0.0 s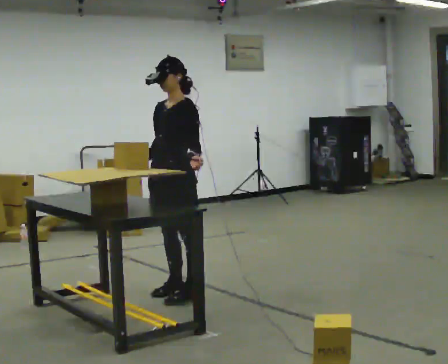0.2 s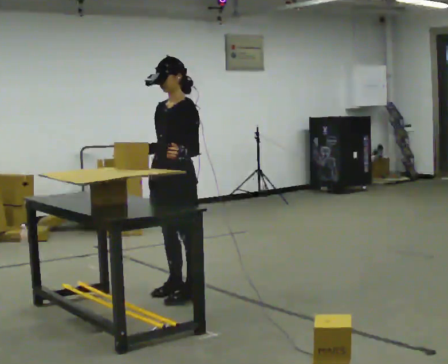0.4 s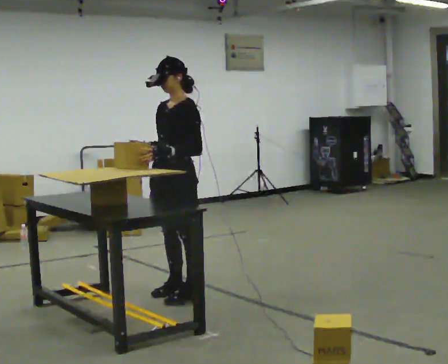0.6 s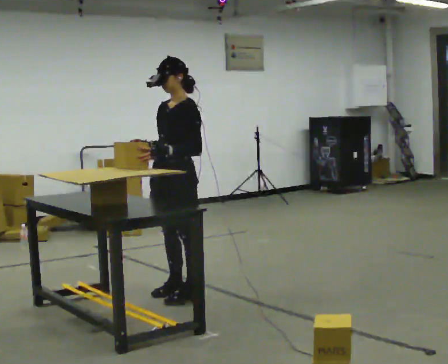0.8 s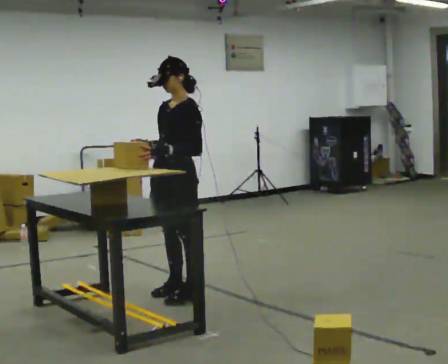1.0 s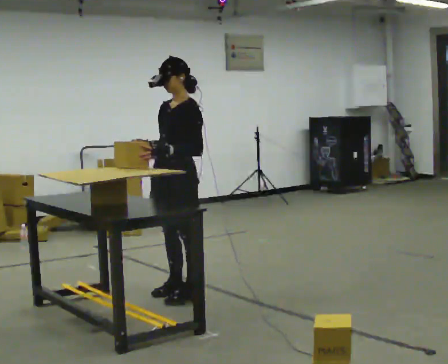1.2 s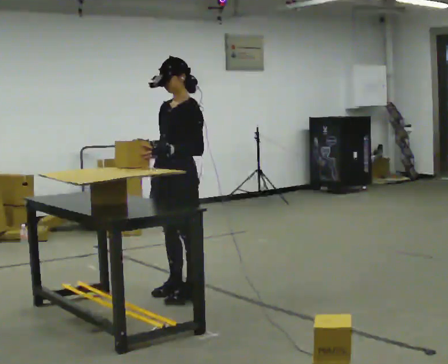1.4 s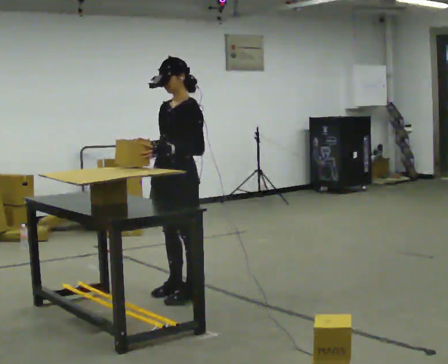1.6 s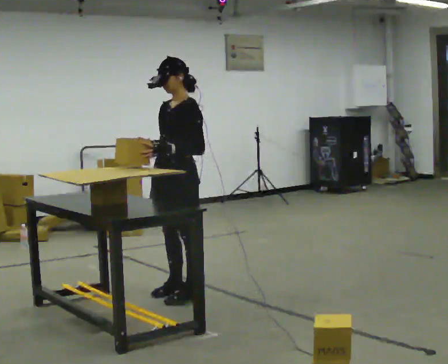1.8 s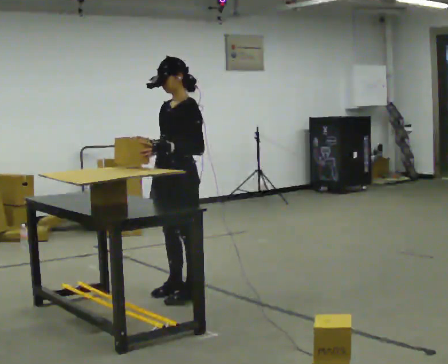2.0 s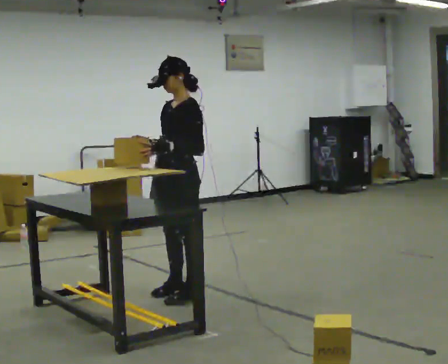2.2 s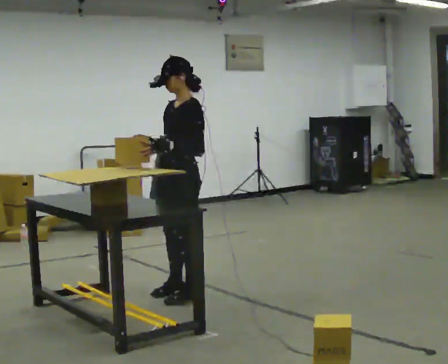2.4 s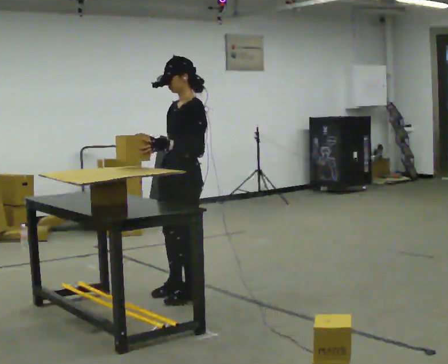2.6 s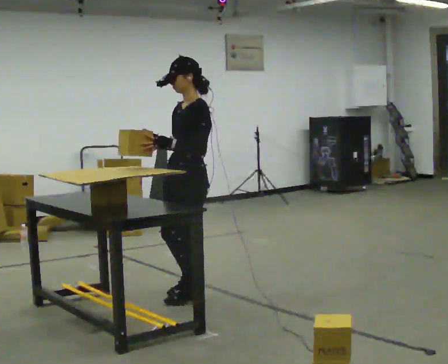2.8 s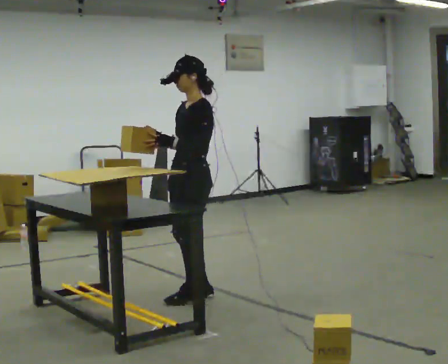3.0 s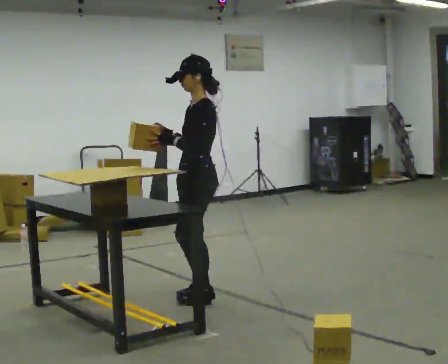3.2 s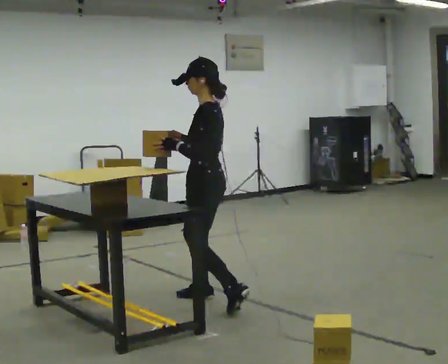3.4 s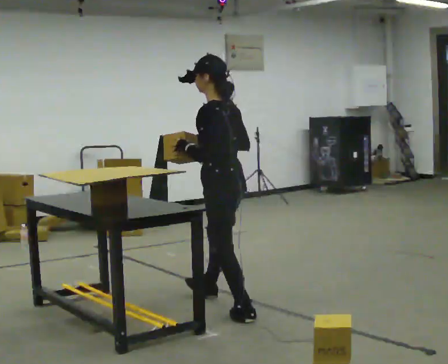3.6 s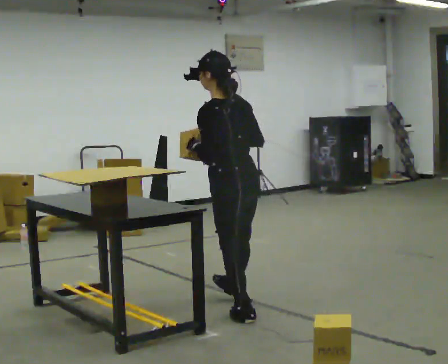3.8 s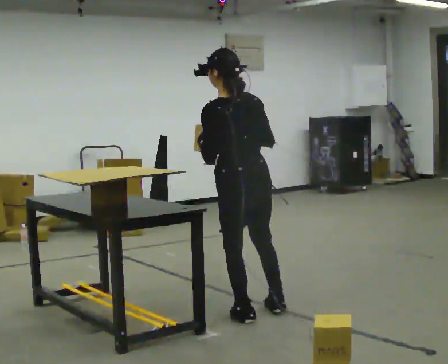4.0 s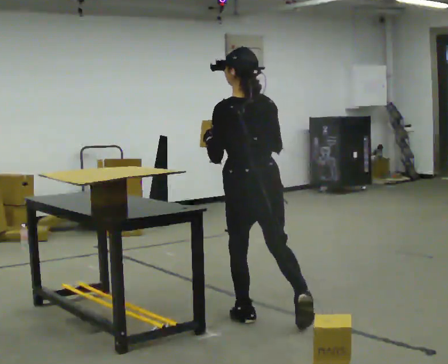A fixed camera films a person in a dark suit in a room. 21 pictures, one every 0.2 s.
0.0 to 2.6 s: The person moves a little, or ends about where they began.
2.6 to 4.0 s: The part of the body nearest the lens slides to the left as the person turns to their right by about 90 degrees. In the picture they go toward the camera and to the right, about 0.75 m in 2 steps.
The film runs backward here.
